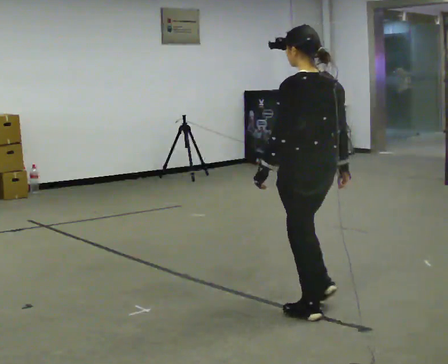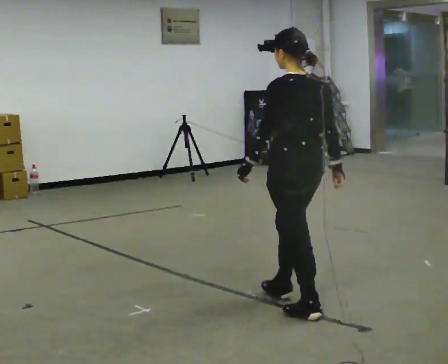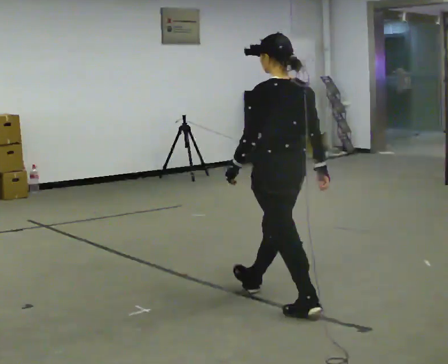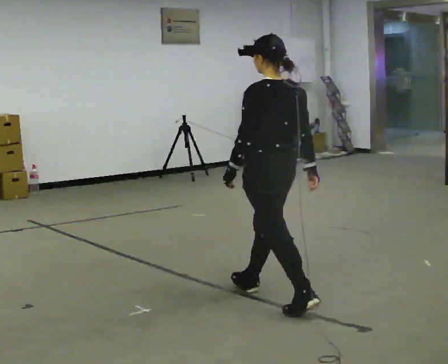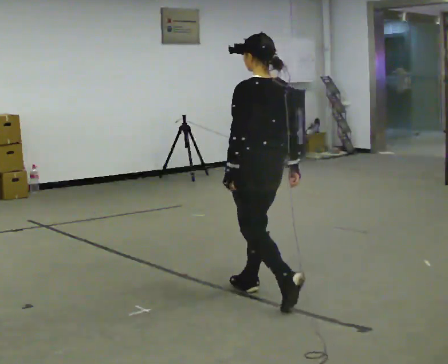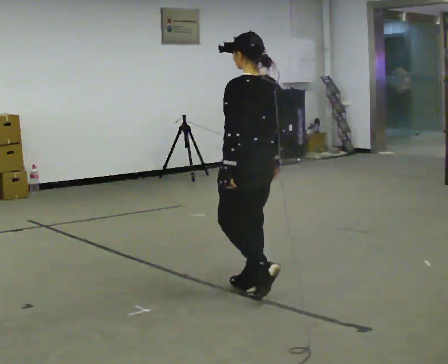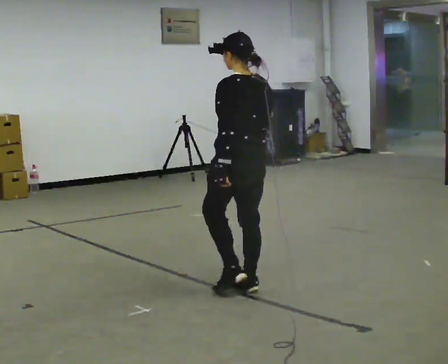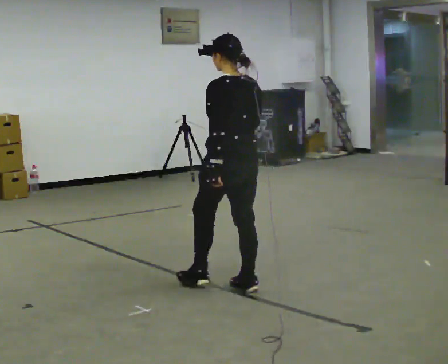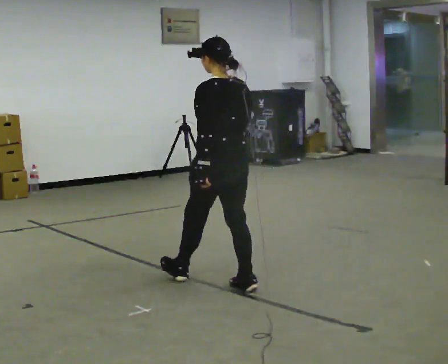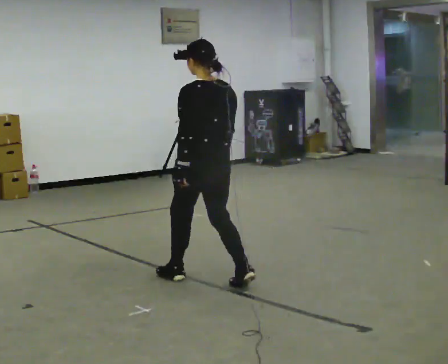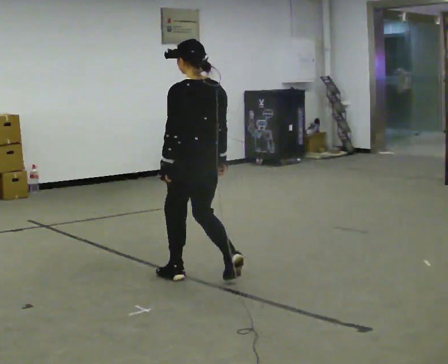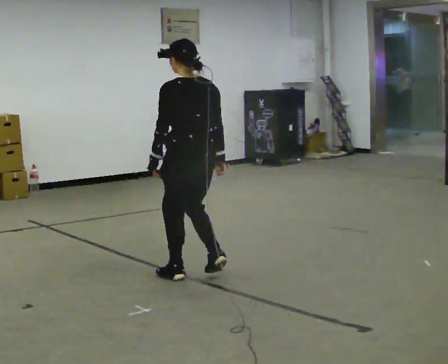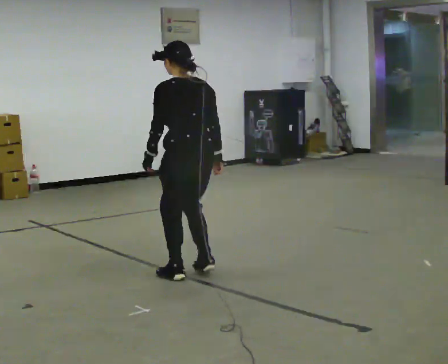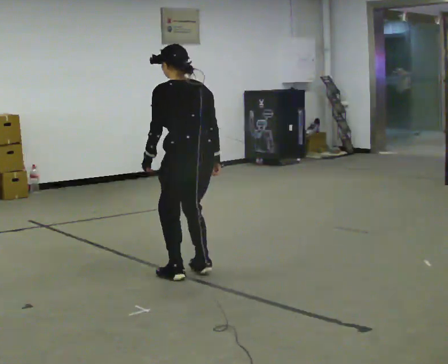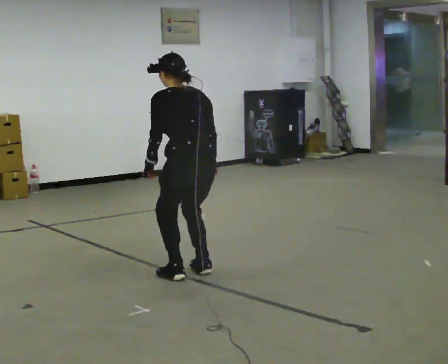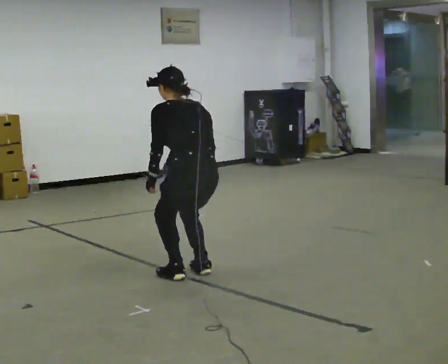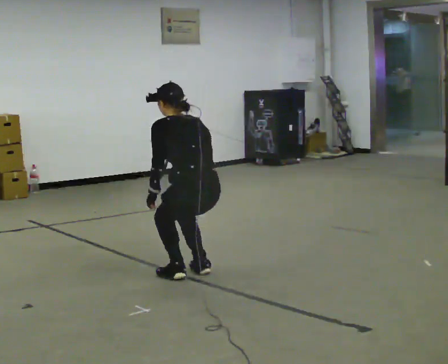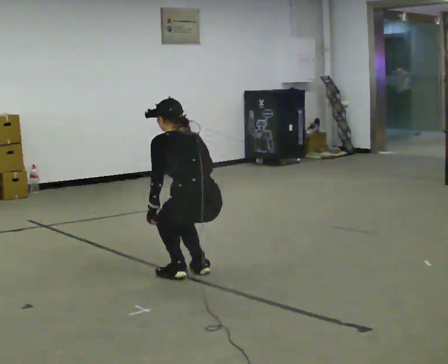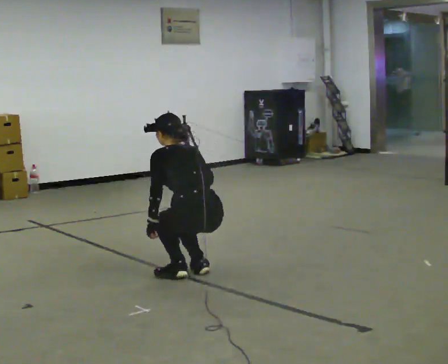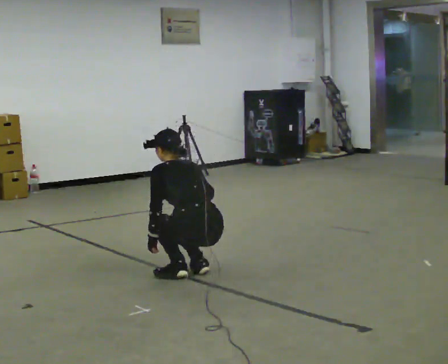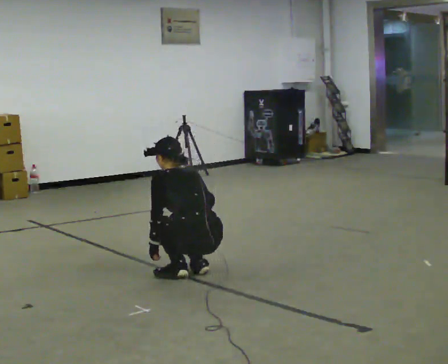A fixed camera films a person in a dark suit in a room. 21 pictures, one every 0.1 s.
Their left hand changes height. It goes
downward.
The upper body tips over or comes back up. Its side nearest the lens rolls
upward.
0.0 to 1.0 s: In the picture they go away from the camera and to the left, about 1 m in 2 steps, which for them is forward.
1.0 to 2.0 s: The shoulders move downward. The upper body tips away from the camera, its near side rolling upward, as they bend forward. In the picture their right hand goes downward.
The film runs forward here.
